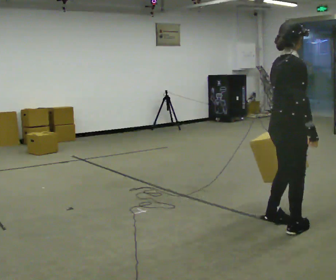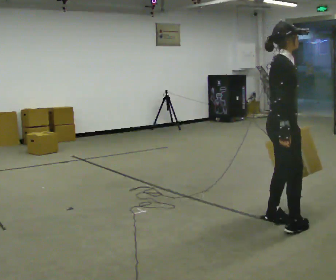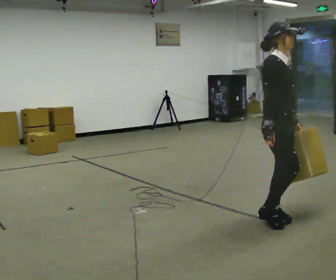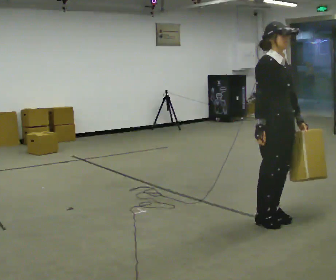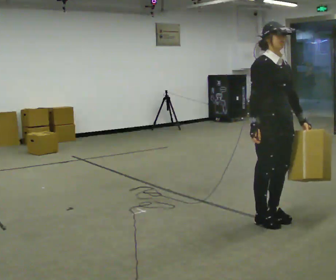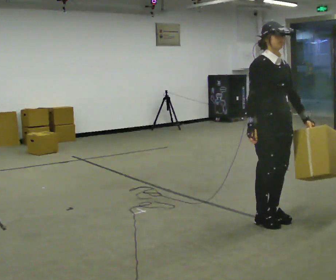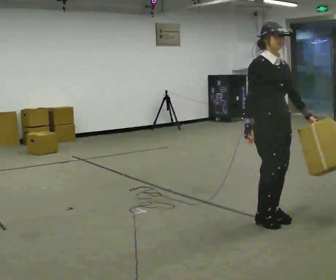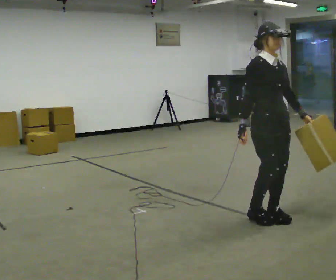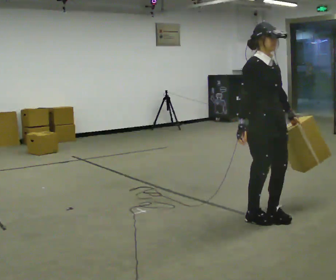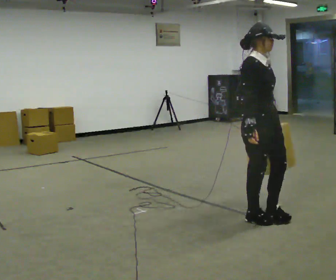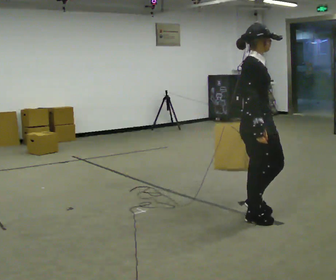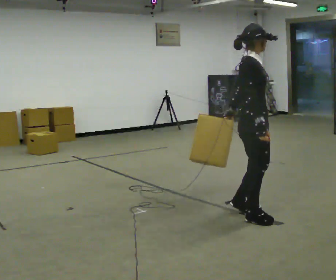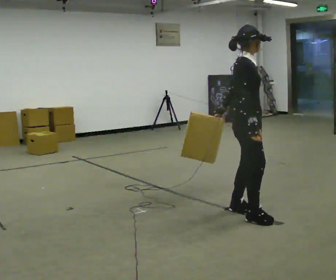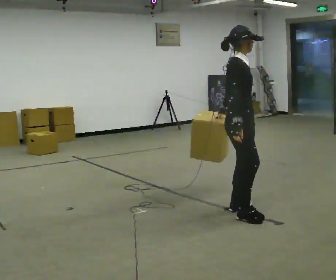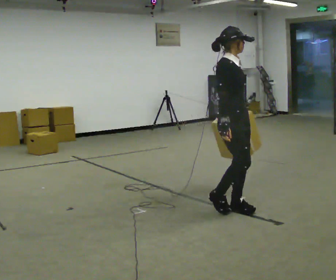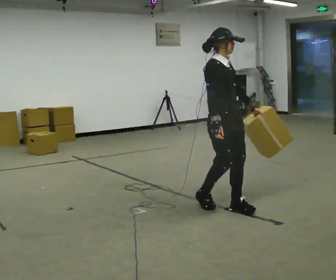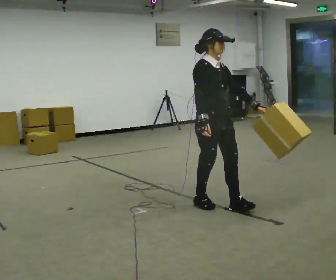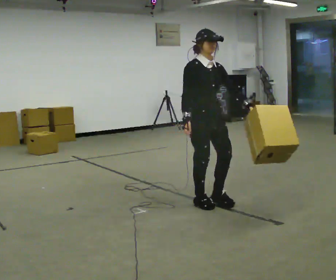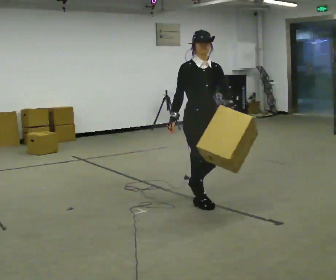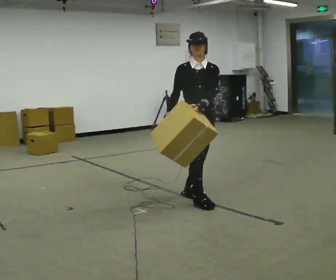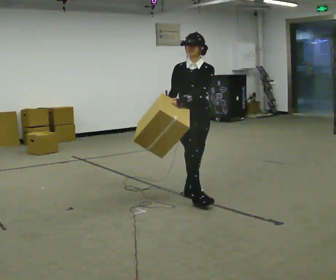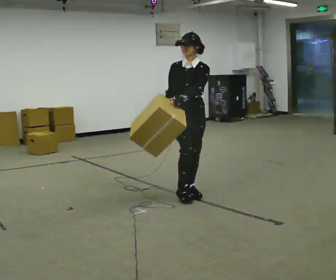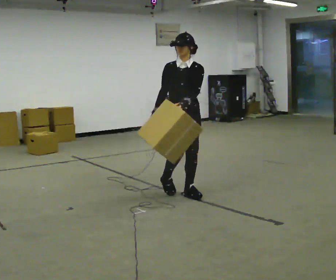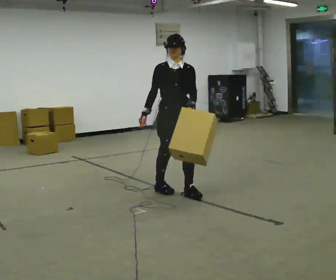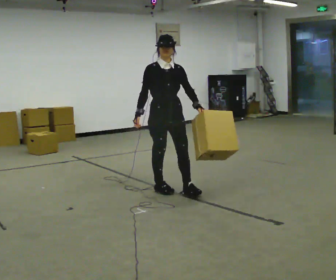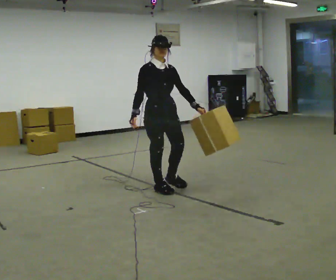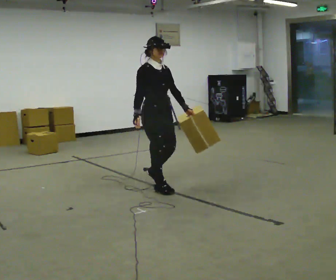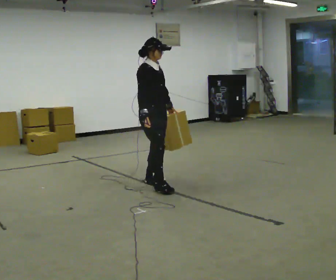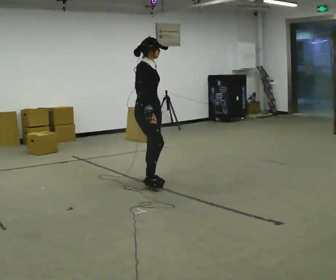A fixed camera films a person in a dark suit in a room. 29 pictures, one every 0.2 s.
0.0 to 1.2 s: The person turns about 75 degrees to their right, clockwise seen from above, so the part of the body nearest the lens slides to the left. In the picture they go away from the camera, about 0.25 m in 1 step.
1.2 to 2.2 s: The part of the body nearest the lens slides to the right as the person turns to their left by about 45 degrees. In the picture their left hand goes to the left, the arm swinging clockwise.
2.2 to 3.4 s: The person turns about 30 degrees to their right, clockwise seen from above, so the part of the body nearest the lens slides to the left. In the picture they go to the left and away from the camera, about 0.5 m in 2 steps, which for them is backward.
3.4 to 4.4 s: Seen from above the body turns clockwise, about 30 degrees: to their right, with its near side sliding to the left. In the picture they go away from the camera and to the left, about 0.5 m in 1 step, which for them is backward.
4.4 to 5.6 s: Seen from above the body turns counterclockwise, about 60 degrees: to their left, with its near side sliding to the right. In the picture they go to the left and away from the camera, about 0.5 m in 2 steps, which for them is backward.
The film runs backward here.
